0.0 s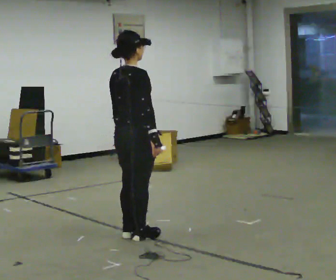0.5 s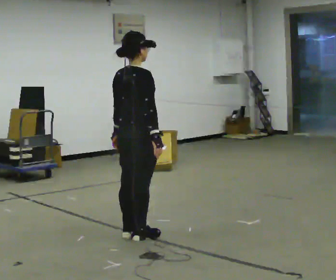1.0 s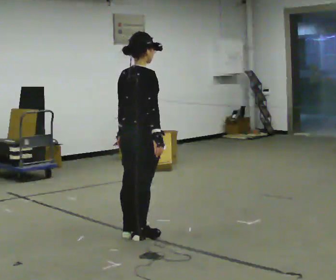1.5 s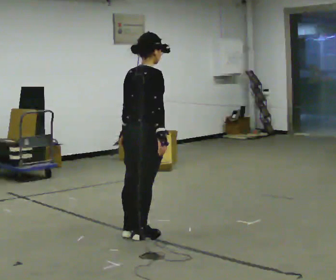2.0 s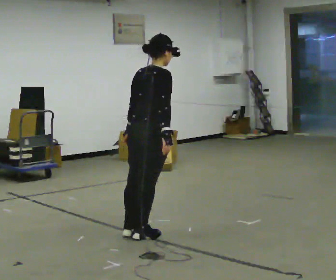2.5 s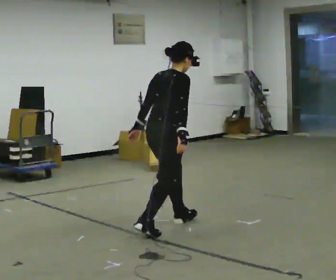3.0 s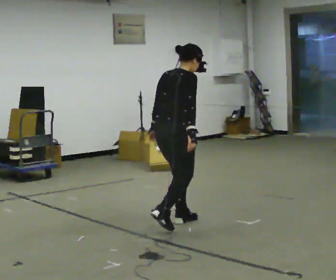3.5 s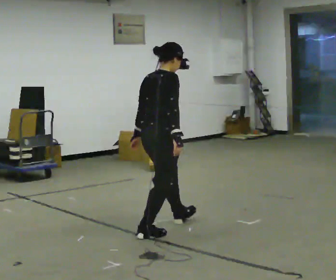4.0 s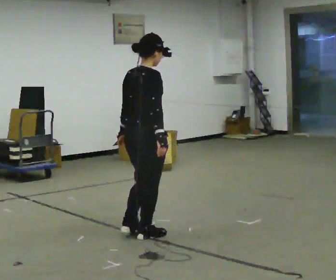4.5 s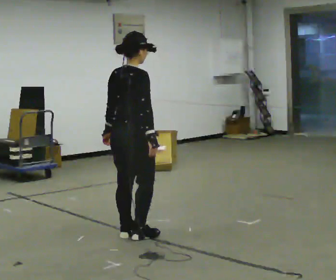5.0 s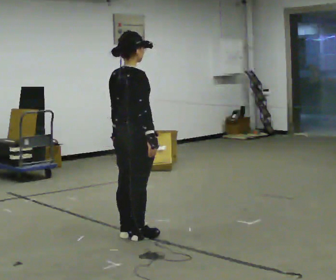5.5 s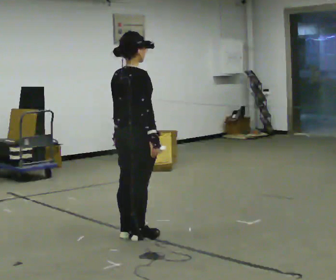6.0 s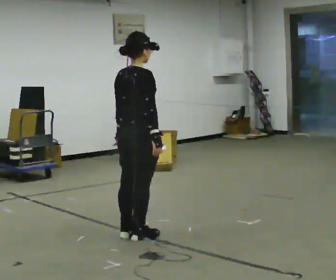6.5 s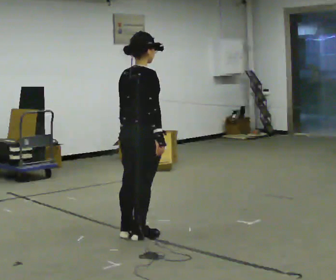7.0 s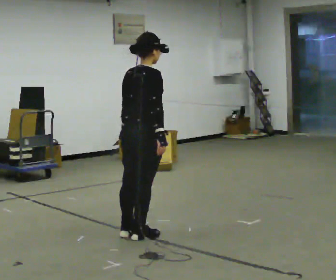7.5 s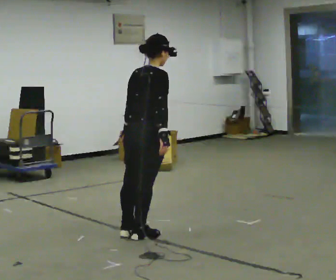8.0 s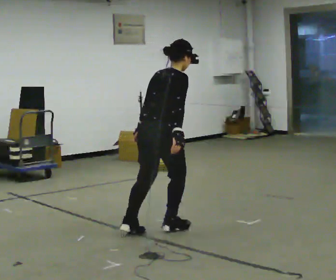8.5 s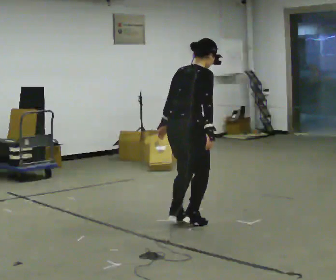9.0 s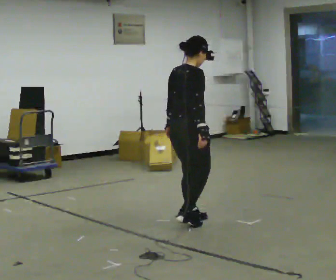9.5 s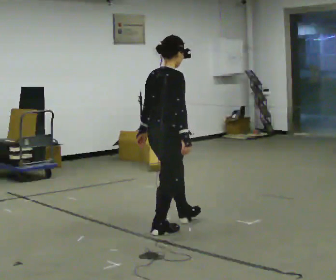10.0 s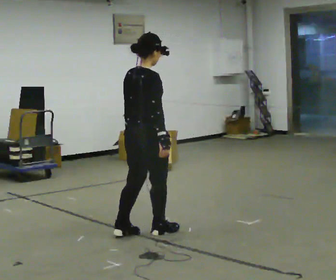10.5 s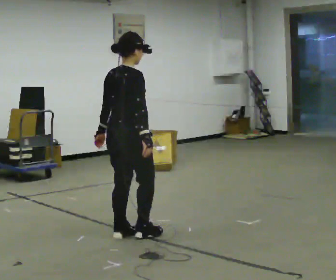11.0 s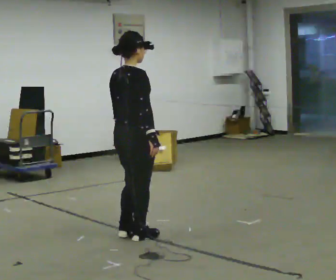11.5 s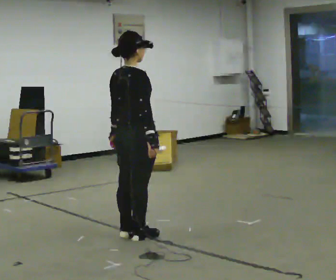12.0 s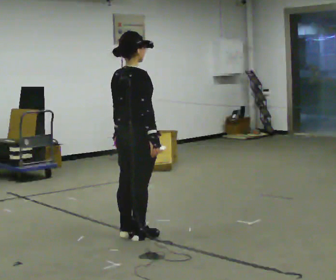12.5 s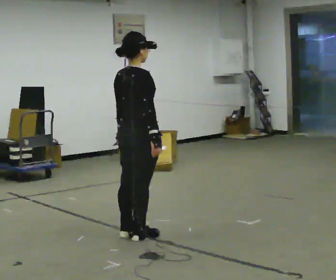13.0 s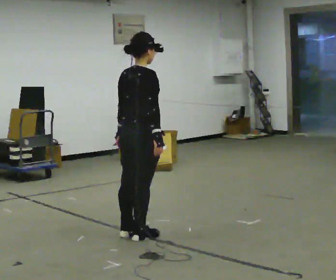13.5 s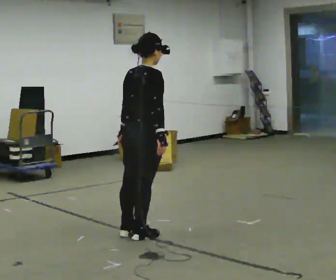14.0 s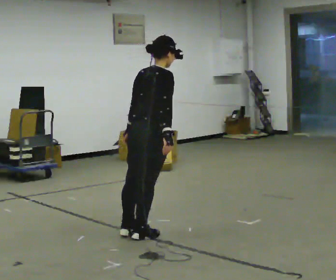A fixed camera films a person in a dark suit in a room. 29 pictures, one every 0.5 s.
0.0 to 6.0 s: The person moves a little, or ends about where they began.
6.0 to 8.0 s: In the picture they go to the right and away from the camera, about 0.25 m, which for them is forward. In the picture the upper body tilts clockwise, shoulders to the right, as they bend forward.
8.0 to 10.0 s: In the picture they go to the left, about 0.25 m in 4 steps, which for them is backward. In the picture the upper body tilts counterclockwise, shoulders to the left, as they lean back or straighten.
10.0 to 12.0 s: The person moves a little, or ends about where they began.
12.0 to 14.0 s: In the picture the upper body tilts clockwise, shoulders to the right, as they bend forward.
The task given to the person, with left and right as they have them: Stand on the marked spots with your feet together. Lean forward from the ankles, keeping your body straight, until you cannot hold it any longer, then step forward to catch yourself. Return to the spots. Repeat at your own pace until the operator says stop. Go slowly and only as far as you are comfortable. Step whenever you need to; do not try to hold on longer than feels safe.
The film runs forward here.
